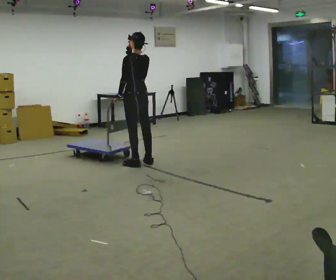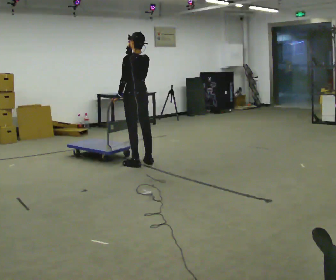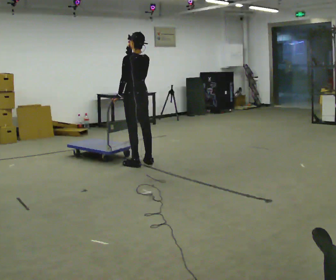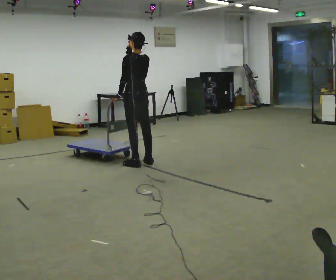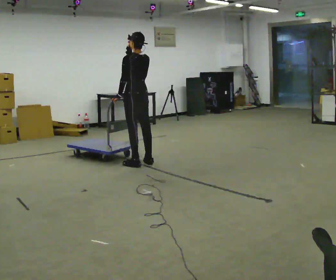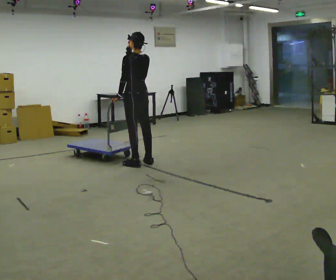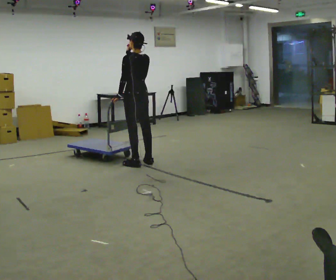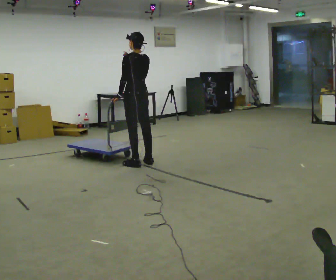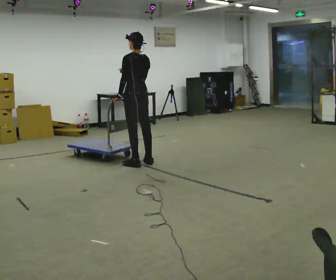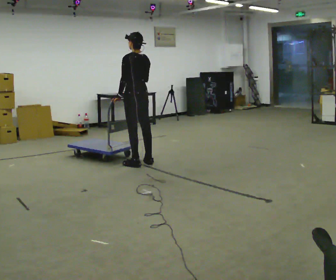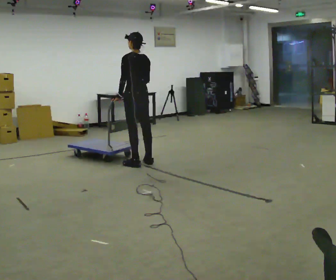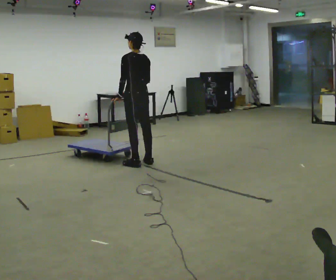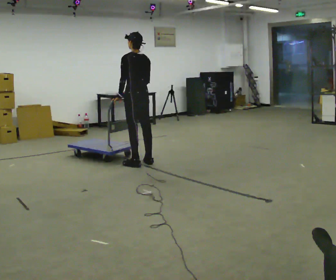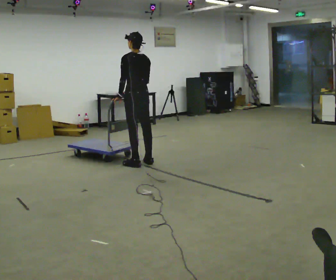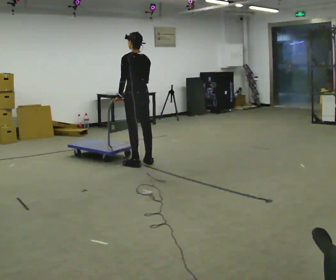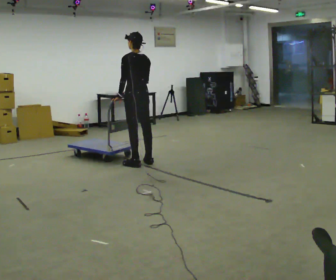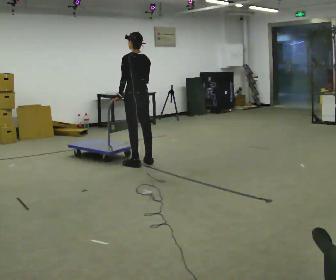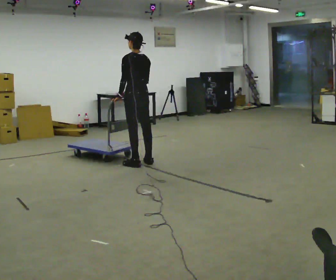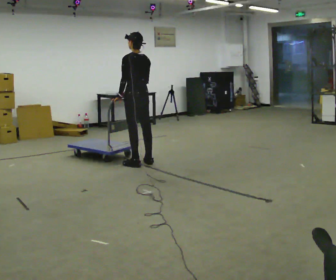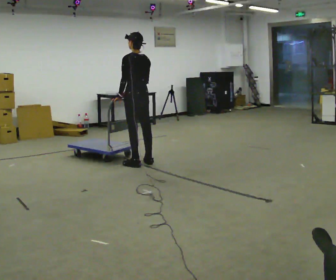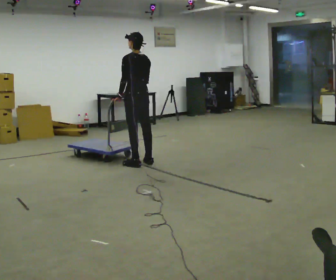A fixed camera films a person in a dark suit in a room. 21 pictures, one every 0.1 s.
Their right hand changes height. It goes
downward.
0.0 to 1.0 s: In the picture their right hand goes downward.
1.0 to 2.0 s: The person keeps their place and pose.
The film runs forward here.
